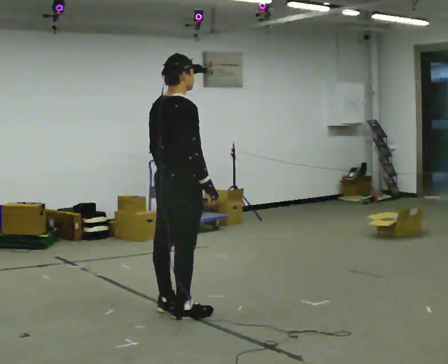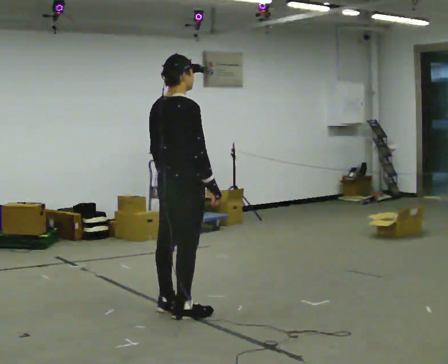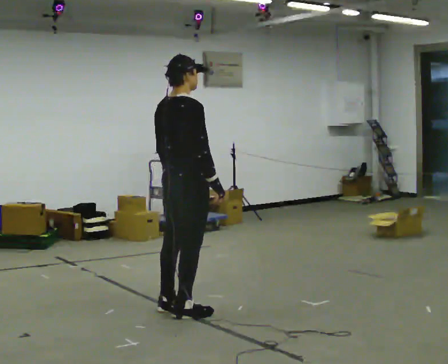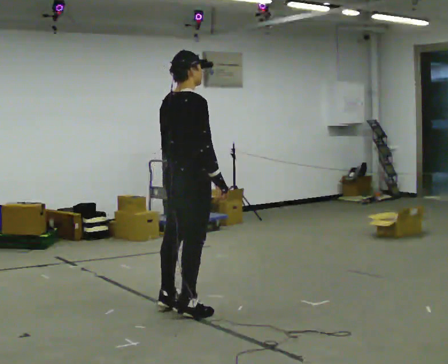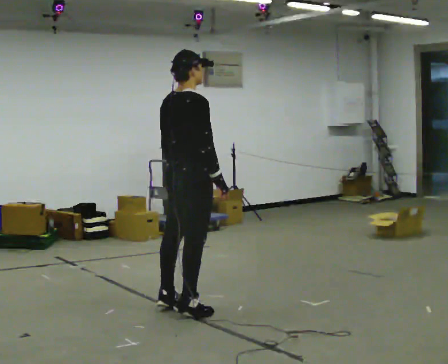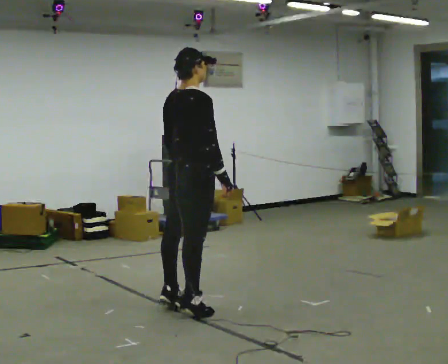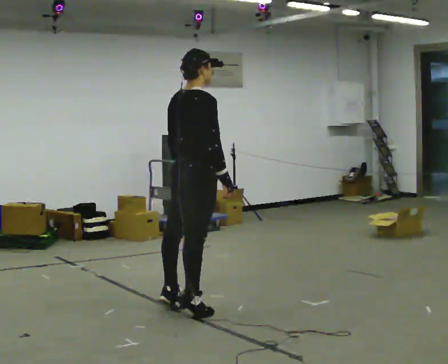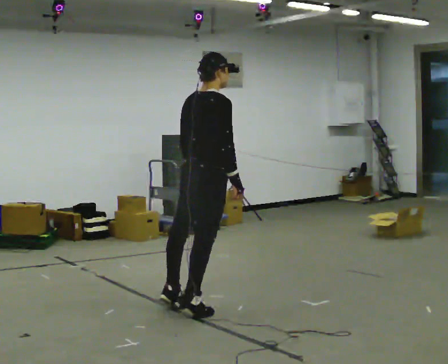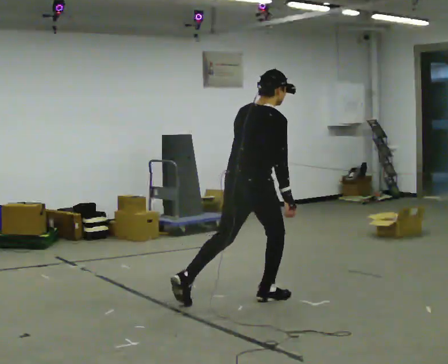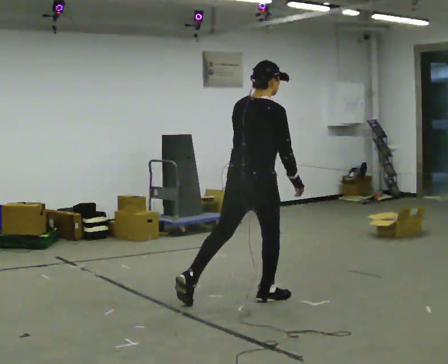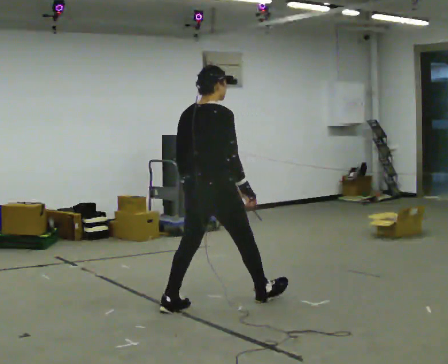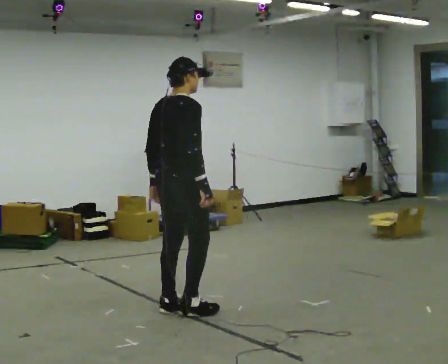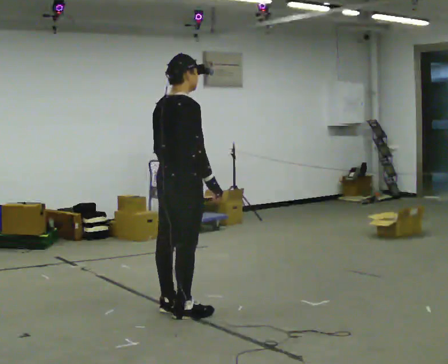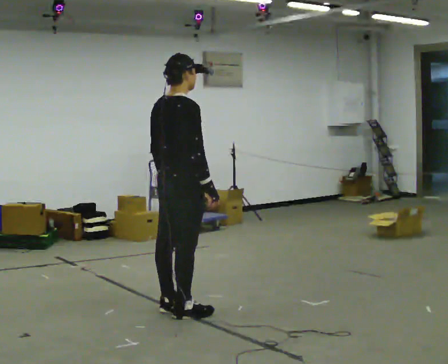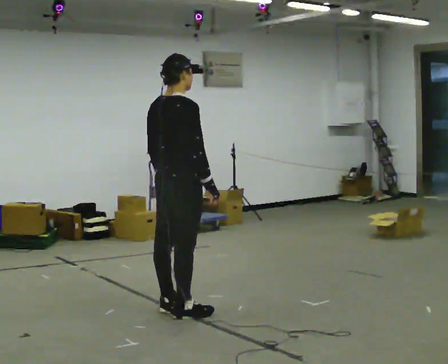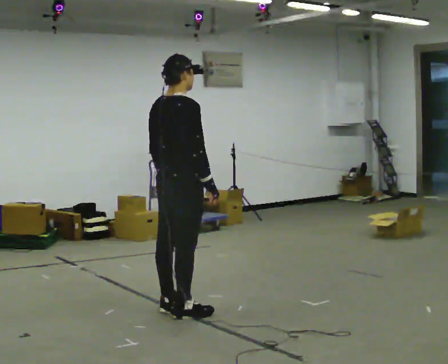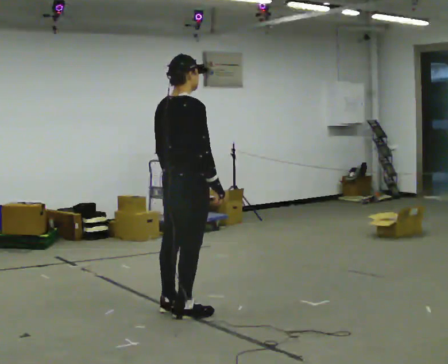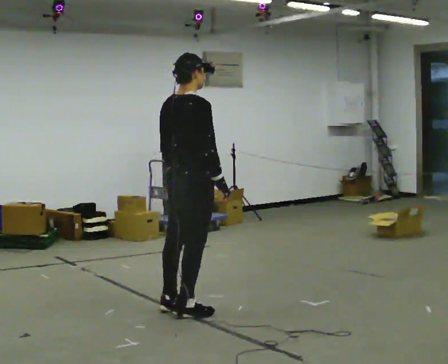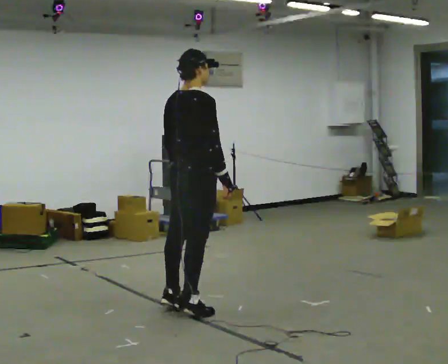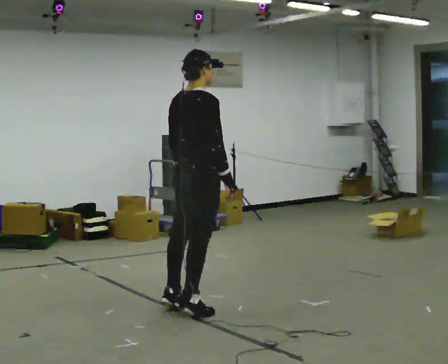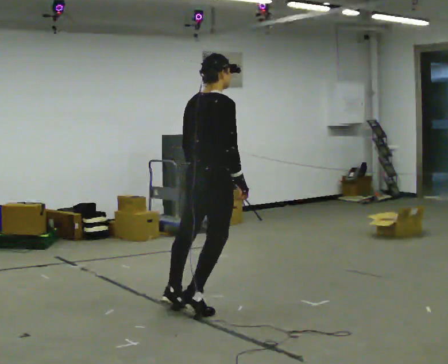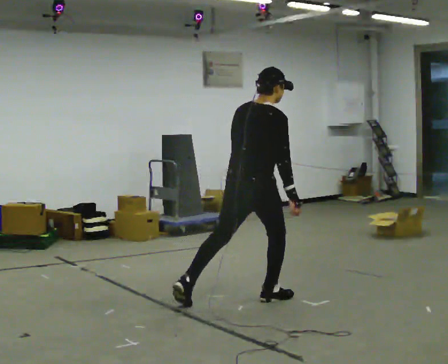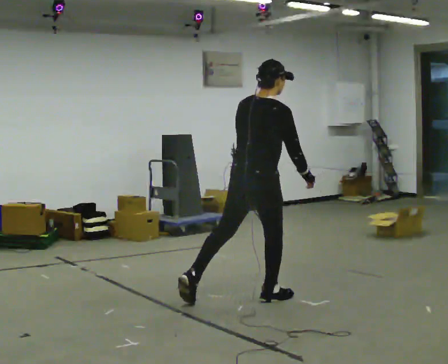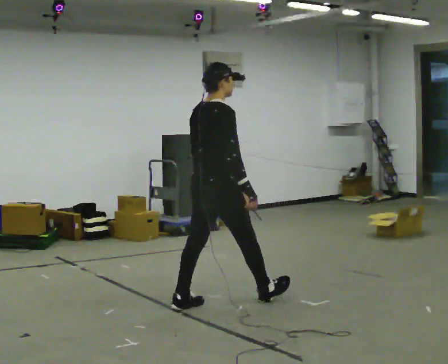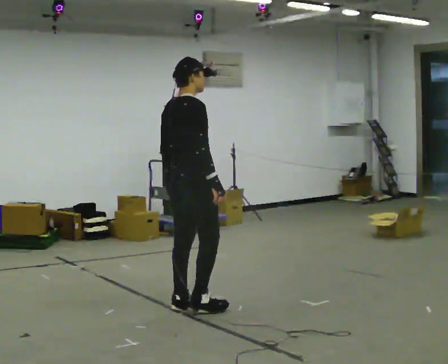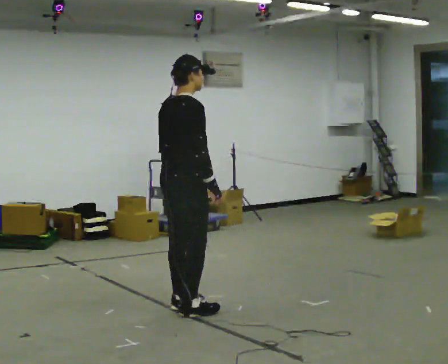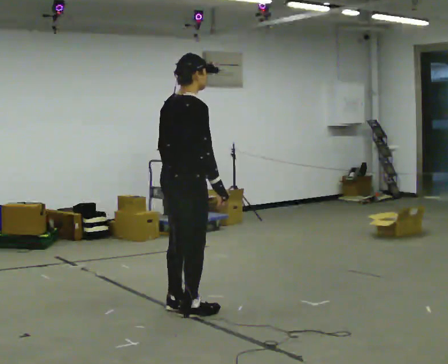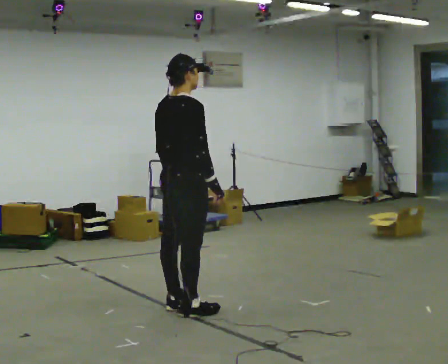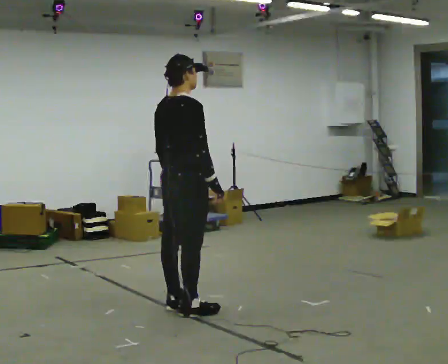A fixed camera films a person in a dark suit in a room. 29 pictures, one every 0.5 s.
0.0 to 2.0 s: The person moves a little, or ends about where they began.
2.0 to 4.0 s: In the picture they go to the right and away from the camera, about 0.5 m in 1 step, which for them is forward. In the picture the upper body tilts clockwise, shoulders to the right.
4.0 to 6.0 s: In the picture they go to the left and toward the camera, about 0.5 m in 3 steps, which for them is backward.
6.0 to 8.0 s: The person moves a little, or ends about where they began.
8.0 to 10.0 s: In the picture they go to the right, about 0.25 m, which for them is forward.
10.0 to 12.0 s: In the picture they go to the left, about 0.25 m in 2 steps, which for them is backward.
12.0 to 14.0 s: The person moves a little, or ends about where they began.
The film runs forward here.
